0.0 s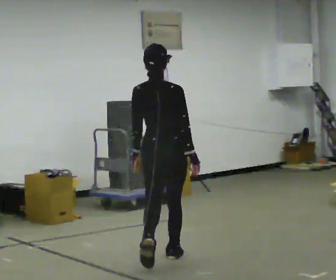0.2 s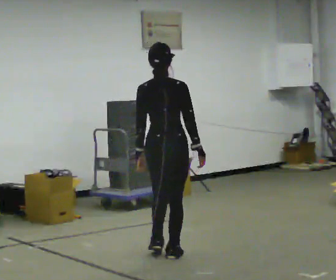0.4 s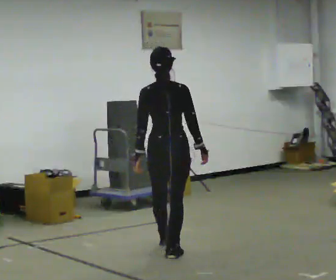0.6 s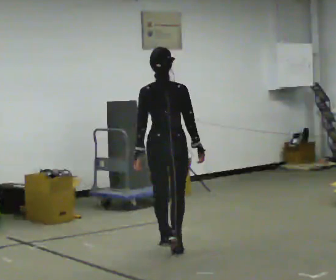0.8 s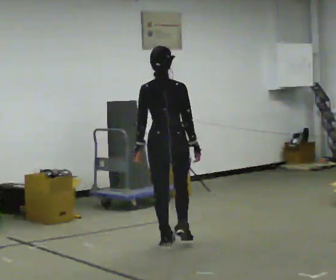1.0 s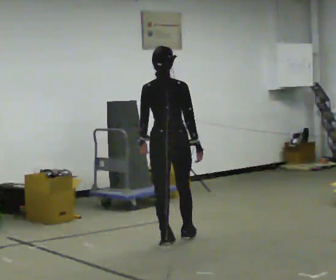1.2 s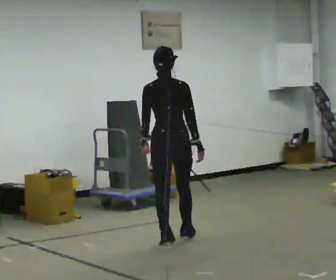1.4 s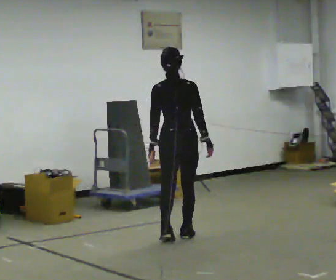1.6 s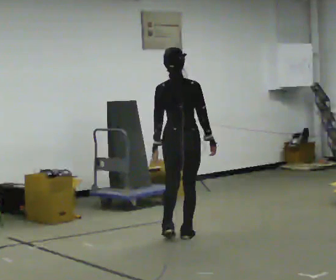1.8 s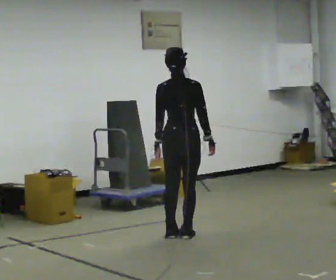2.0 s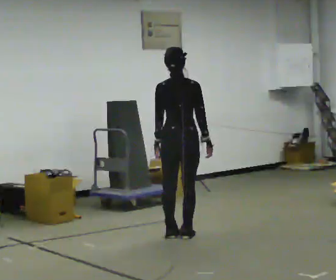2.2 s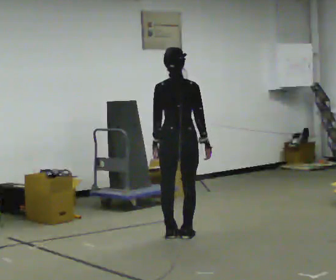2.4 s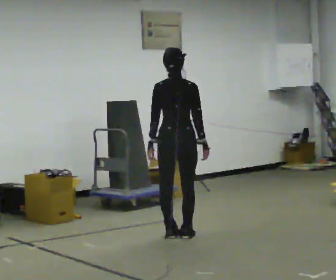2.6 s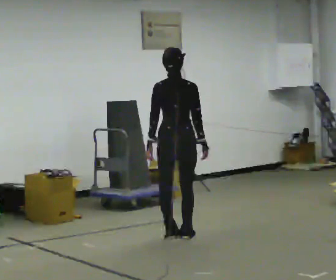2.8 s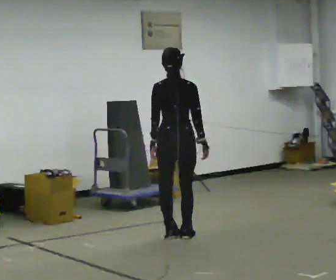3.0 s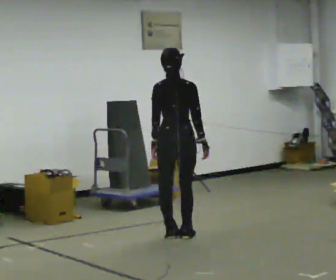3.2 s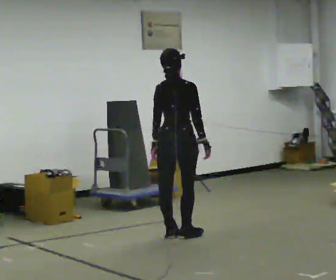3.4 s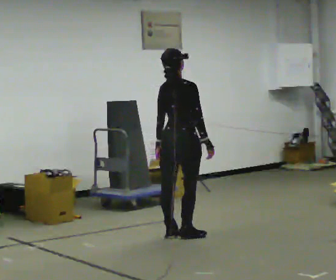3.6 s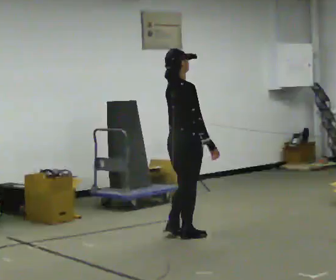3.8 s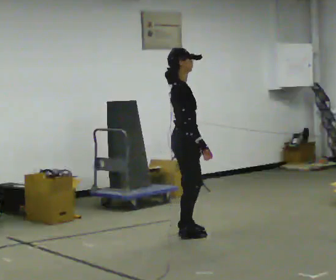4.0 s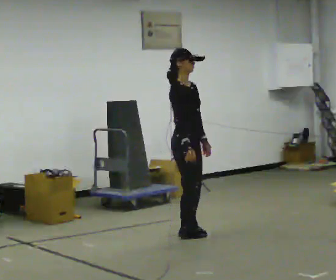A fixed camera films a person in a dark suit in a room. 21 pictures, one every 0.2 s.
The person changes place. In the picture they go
away from the camera.
The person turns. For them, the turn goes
to their right.
0.0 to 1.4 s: In the picture they go away from the camera, about 1 m in 2 steps, which for them is forward.
1.4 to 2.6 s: The person moves a little, or ends about where they began.
2.6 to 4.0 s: The part of the body nearest the lens slides to the left as the person turns to their right by about 105 degrees. In the picture their left hand goes to the right, the arm swinging counterclockwise.
The film runs forward here.
